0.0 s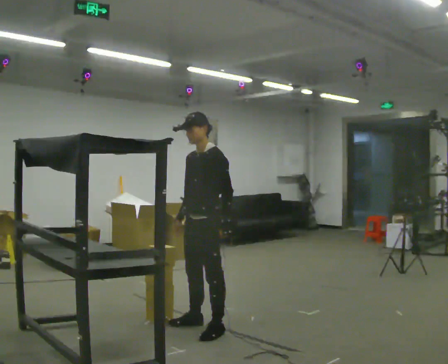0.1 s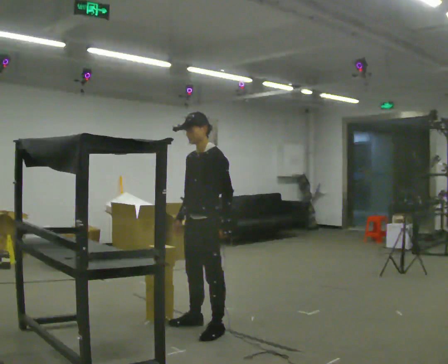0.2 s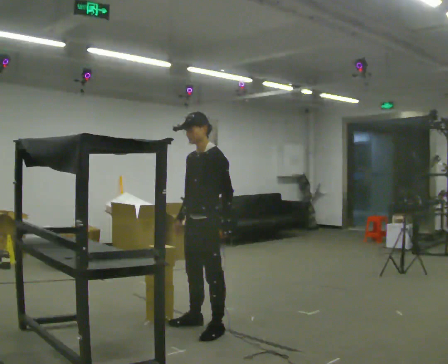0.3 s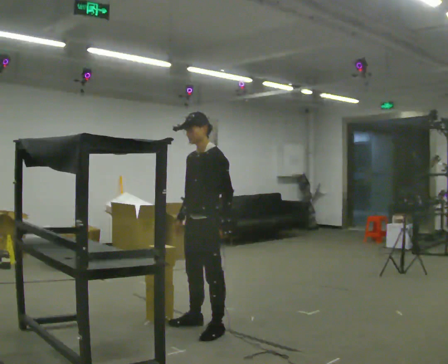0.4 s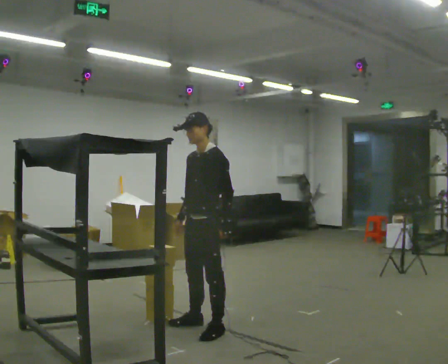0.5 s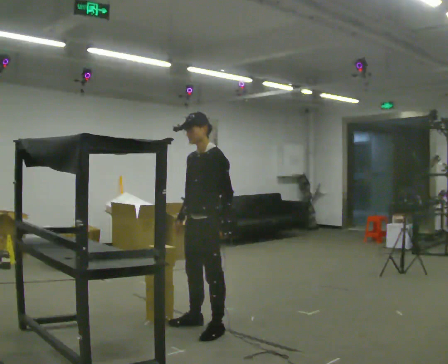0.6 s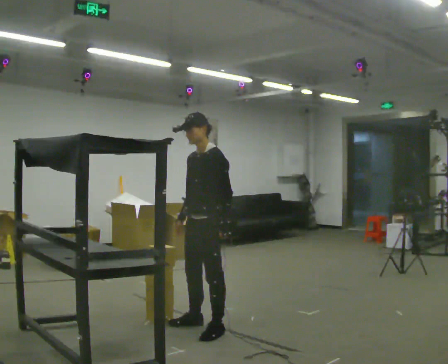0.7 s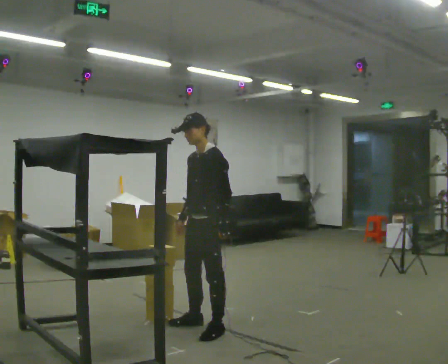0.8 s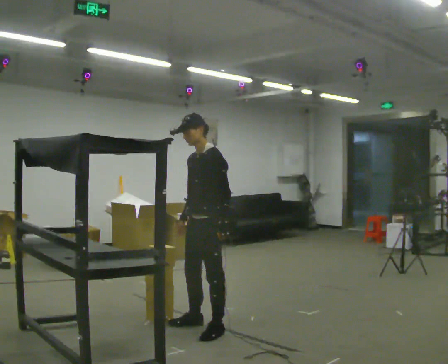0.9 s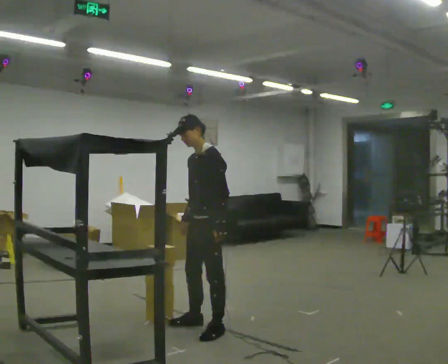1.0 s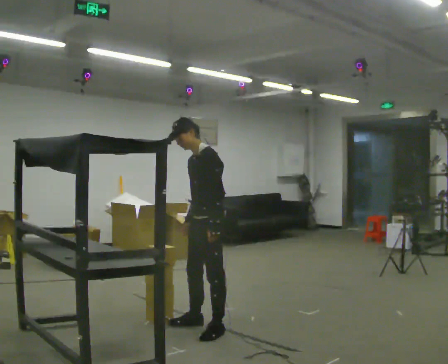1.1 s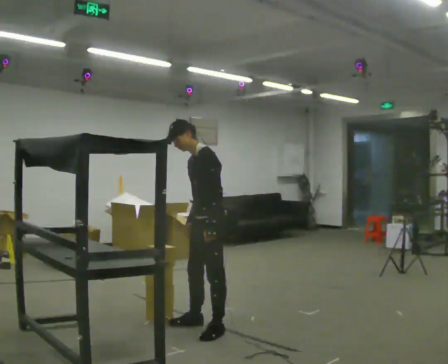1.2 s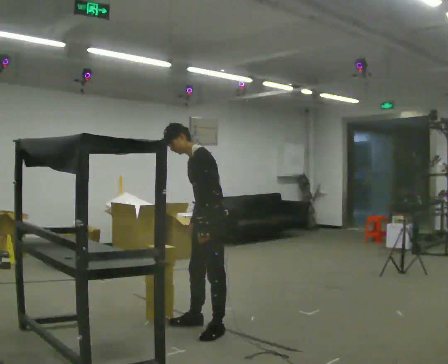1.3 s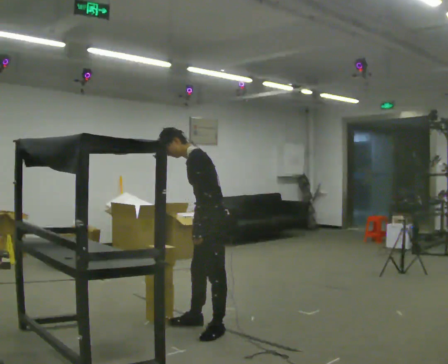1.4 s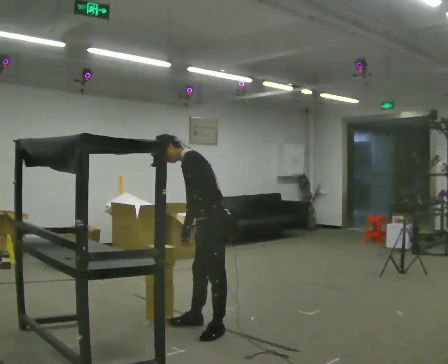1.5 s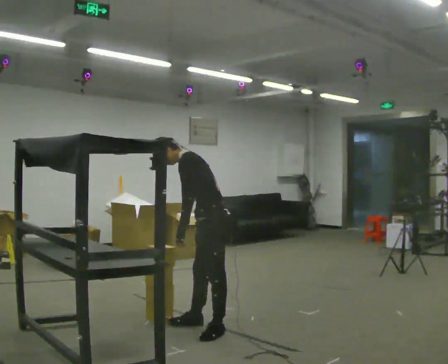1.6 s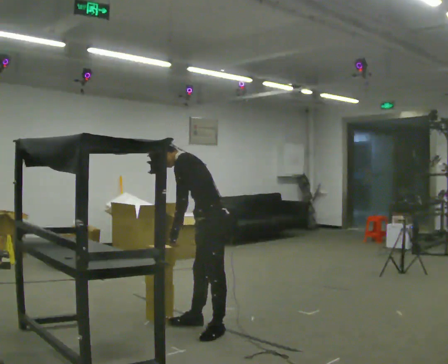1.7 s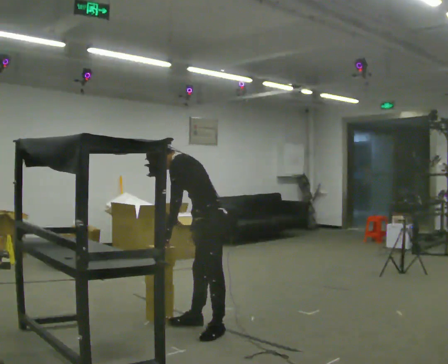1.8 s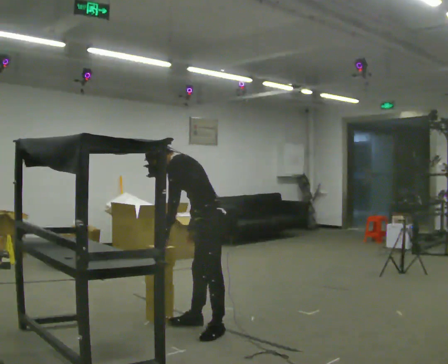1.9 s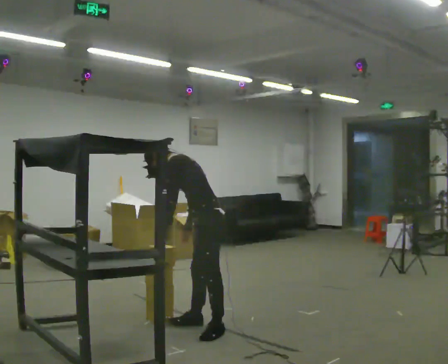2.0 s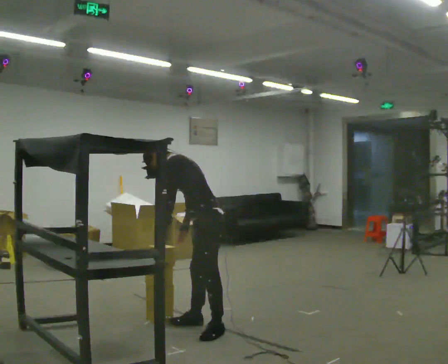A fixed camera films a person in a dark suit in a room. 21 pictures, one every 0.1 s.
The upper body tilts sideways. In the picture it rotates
counterclockwise.
0.0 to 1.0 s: The person moves a little, or ends about where they began.
1.0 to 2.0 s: The part of the body nearest the lens slides to the left as the person turns to their right by about 30 degrees. In the picture the upper body tilts counterclockwise, shoulders to the left, as they bend forward. In the picture their left hand goes to the left.
The film runs forward here.
